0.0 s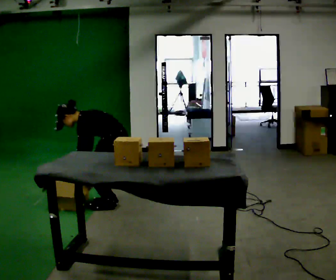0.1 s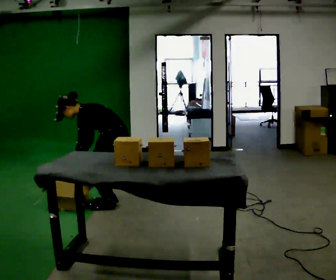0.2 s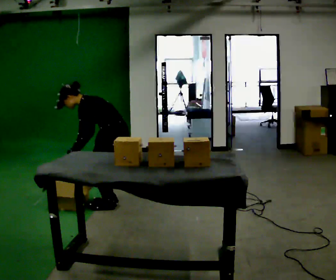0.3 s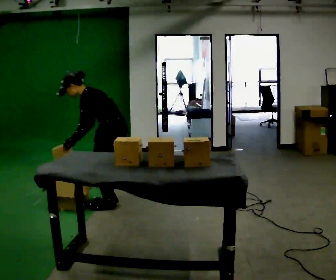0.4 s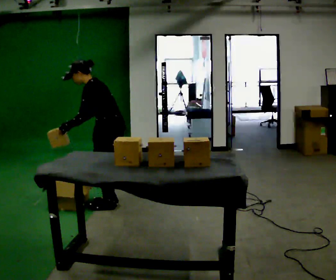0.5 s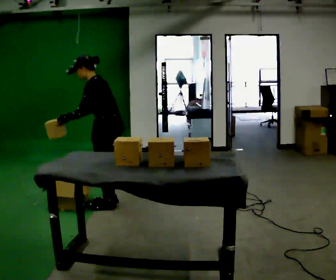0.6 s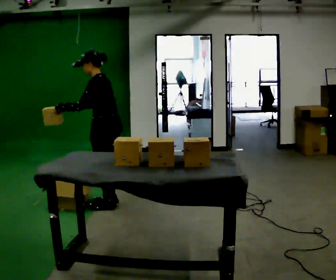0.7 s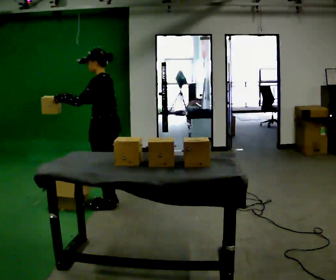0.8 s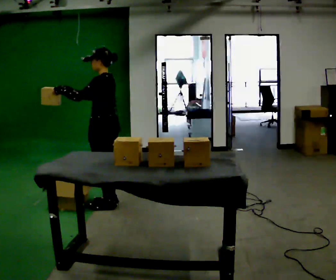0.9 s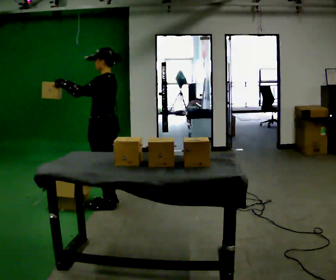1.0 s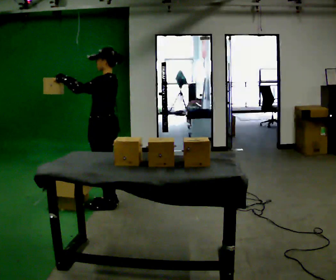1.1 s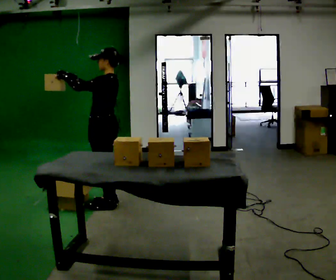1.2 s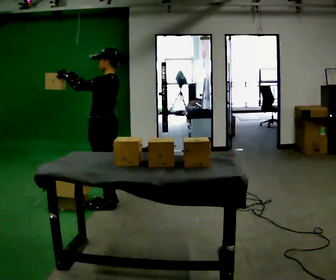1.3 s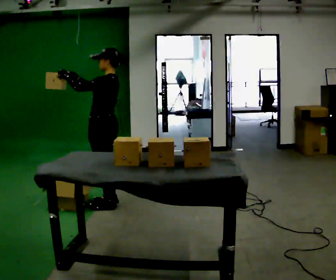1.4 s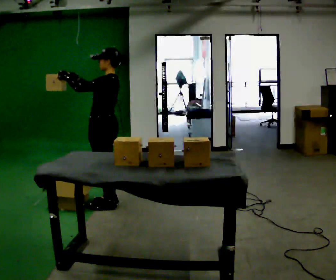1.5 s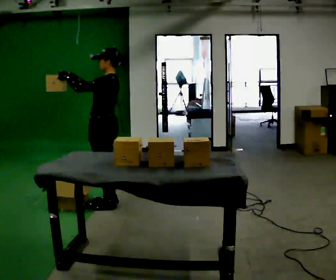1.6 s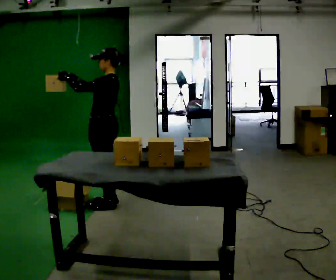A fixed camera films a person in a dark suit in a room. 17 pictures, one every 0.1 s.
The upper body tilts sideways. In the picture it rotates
clockwise.
Their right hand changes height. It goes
upward.
0.0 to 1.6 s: The upper body goes upward. In the picture the upper body tilts clockwise, shoulders to the right, as they lean back or straighten. In the picture their left hand goes upward, the arm swinging clockwise.
The film runs forward here.
